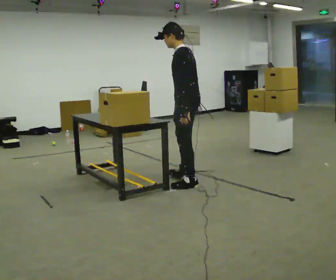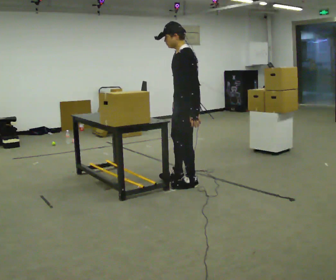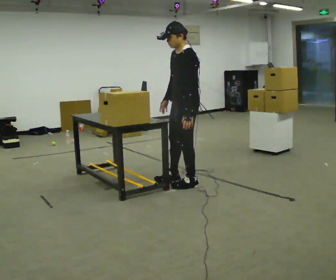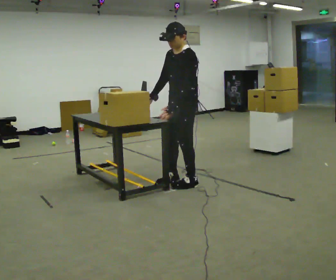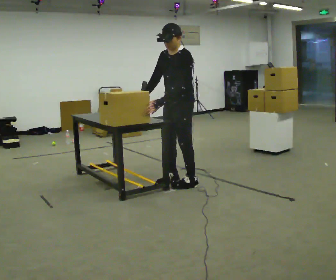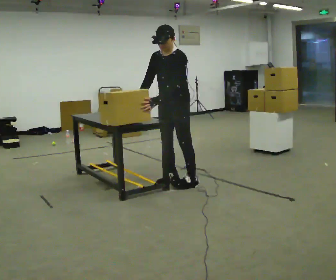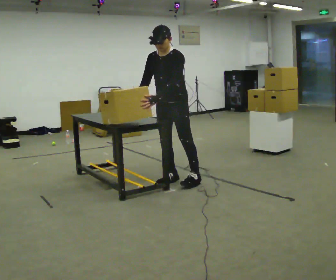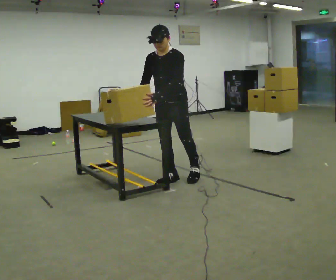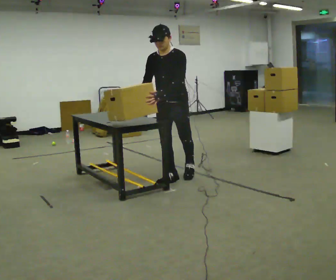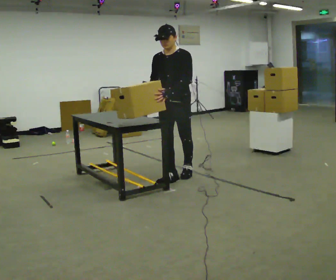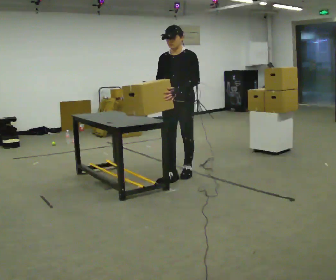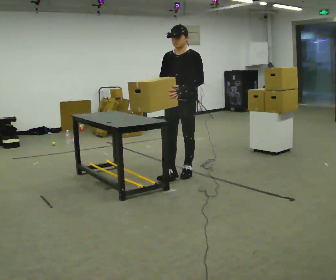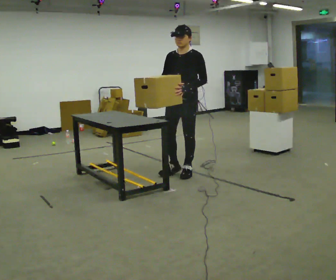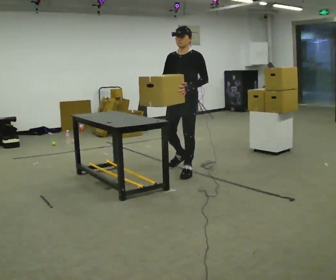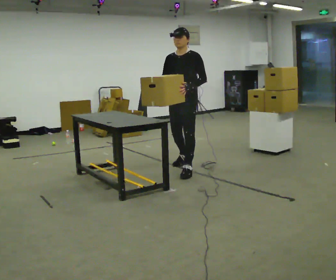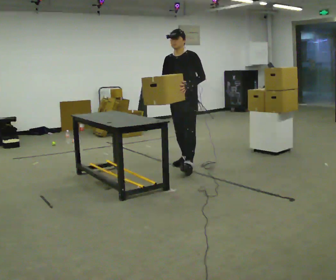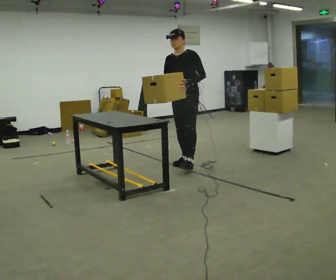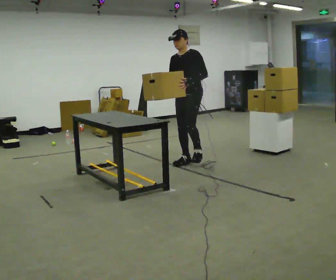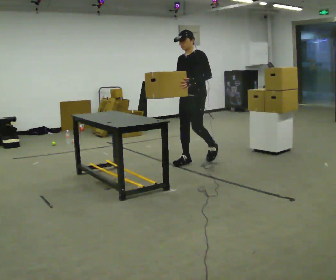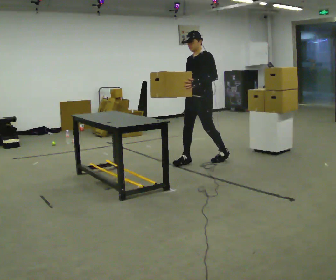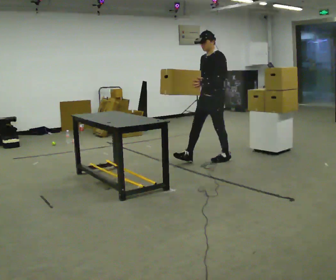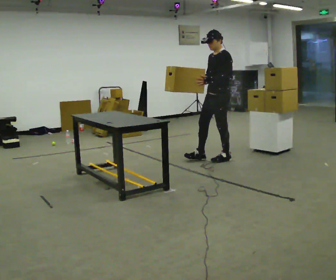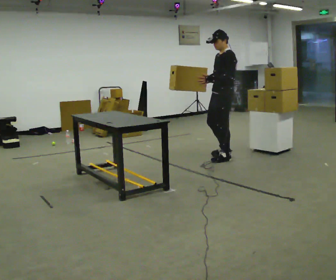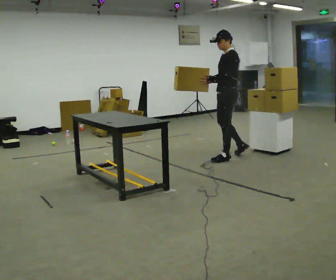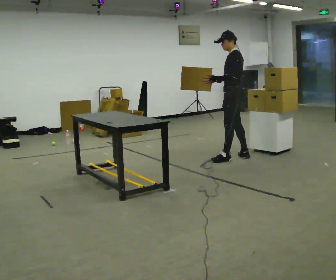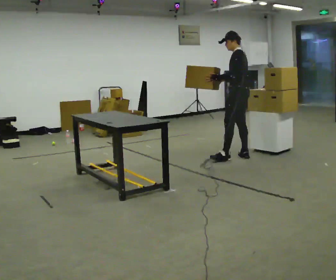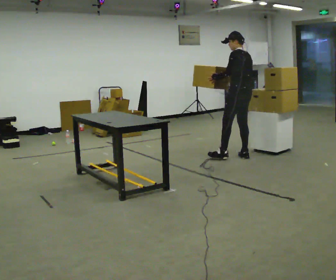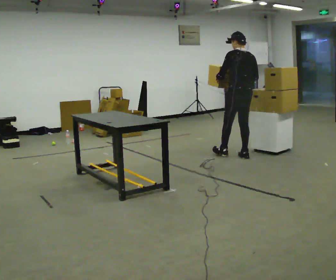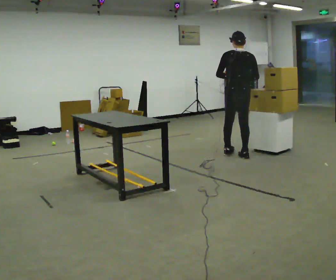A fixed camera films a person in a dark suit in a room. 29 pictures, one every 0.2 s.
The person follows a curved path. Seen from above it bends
clockwise.
The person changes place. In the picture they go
away from the camera.
0.0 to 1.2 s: The part of the body nearest the lens slides to the right as the person turns to their left by about 75 degrees. In the picture they go to the left and away from the camera, about 0.25 m in 1 step. In the picture their right hand goes to the left.
1.2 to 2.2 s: In the picture they go away from the camera, about 0.25 m in 1 step, which for them is backward.
2.2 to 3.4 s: In the picture they go away from the camera, about 0.5 m in 1 step, which for them is backward and to their right.
3.4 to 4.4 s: The person turns about 30 degrees to their right, clockwise seen from above, so the part of the body nearest the lens slides to the left. In the picture they go to the right, about 0.5 m in 1 step, which for them is backward.
4.4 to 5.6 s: The part of the body nearest the lens slides to the left as the person turns to their right by about 105 degrees. In the picture they go to the right, about 0.25 m in 1 step.
The film runs backward here.
